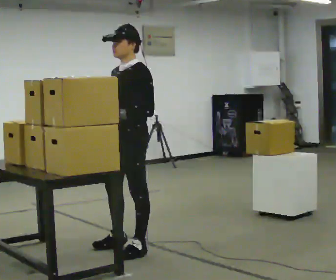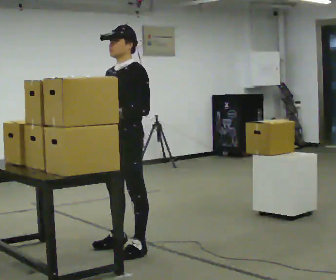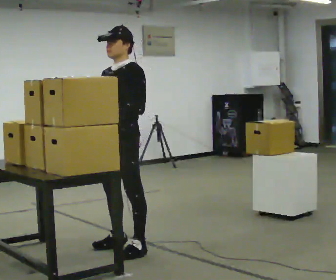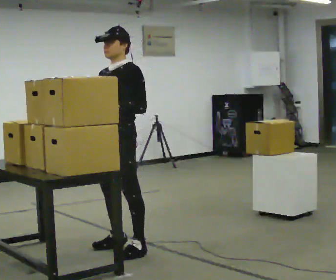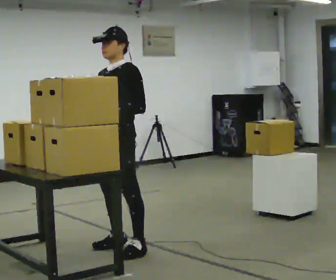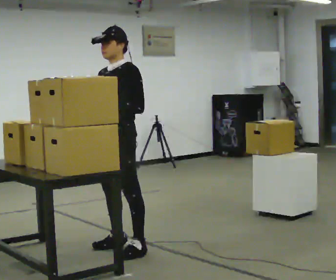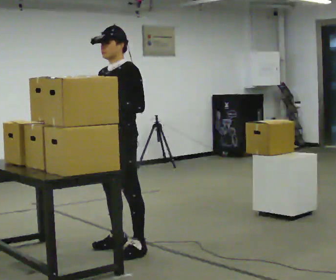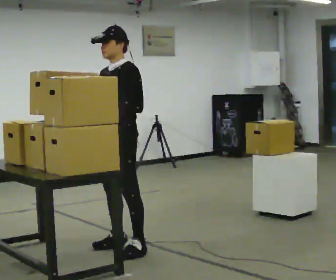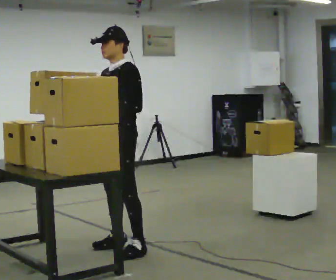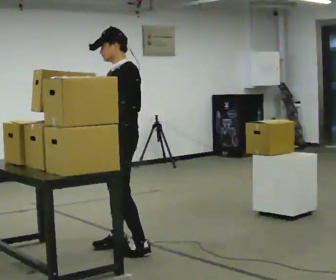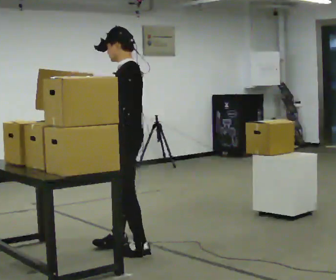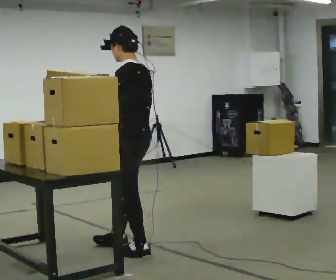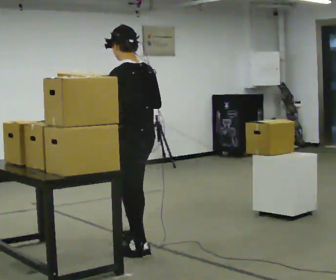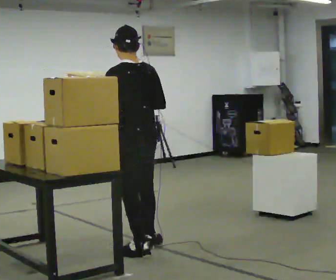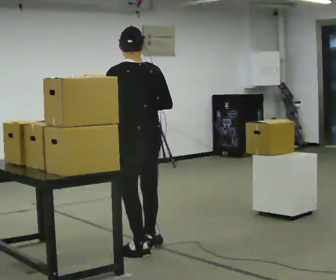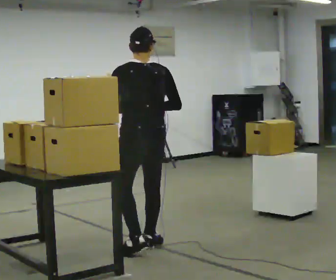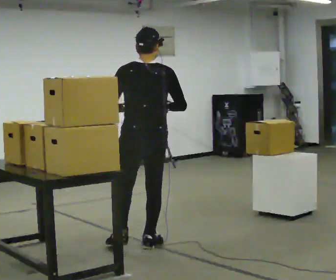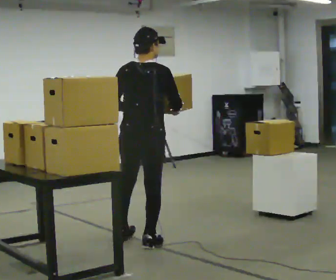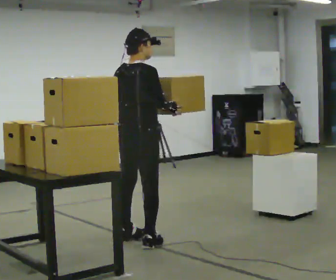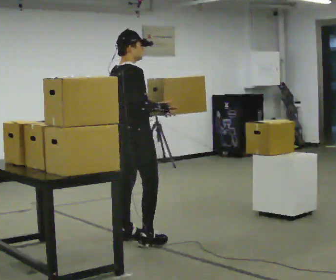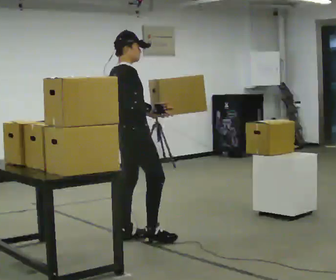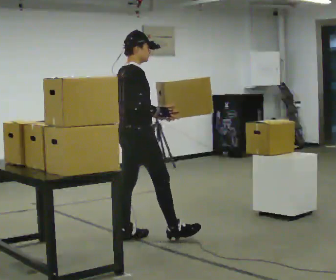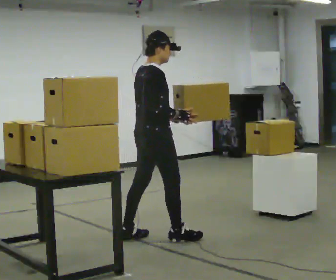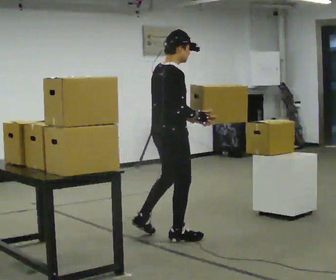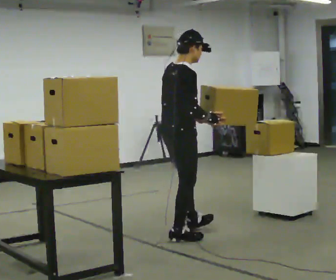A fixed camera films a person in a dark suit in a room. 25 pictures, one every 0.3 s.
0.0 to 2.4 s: The person moves a little, or ends about where they began.
2.4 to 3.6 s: Seen from above the body turns clockwise, about 75 degrees: to their right, with its near side sliding to the left. In the picture they go toward the camera, about 0.25 m.
3.6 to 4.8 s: The part of the body nearest the lens slides to the left as the person turns to their right by about 60 degrees. In the picture they go away from the camera, about 0.25 m in 1 step, which for them is to their right and forward.
4.8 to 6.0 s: The part of the body nearest the lens slides to the left as the person turns to their right by about 60 degrees. In the picture they go away from the camera, about 0.25 m in 1 step.
6.0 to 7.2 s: In the picture they go to the right, about 0.5 m in 1 step, which for them is forward and to their right.
The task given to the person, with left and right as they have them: Move objects one at a time from the waist-height shelf on your left to the one on your right. Repeat at your own pace until the operator says stop. Keep both feet on the marked spots for the whole take. If you have to step, stop and tell the operator.
The film runs forward here.
